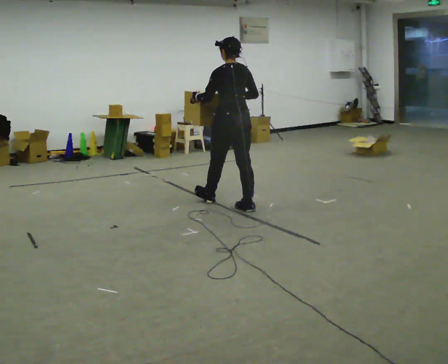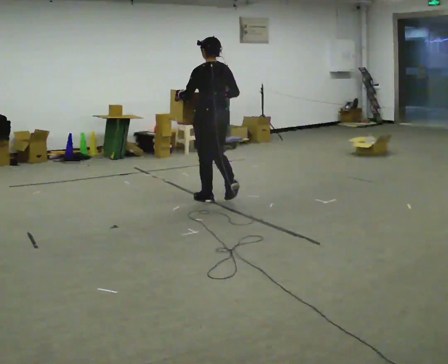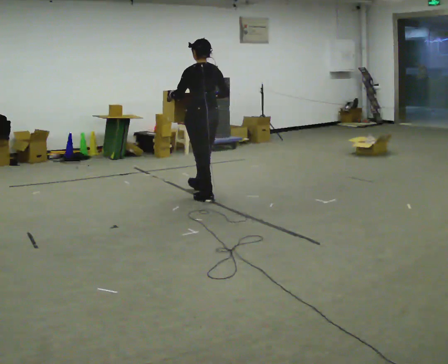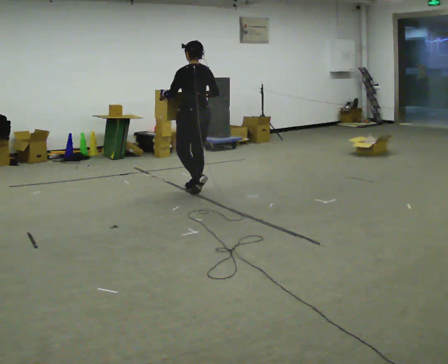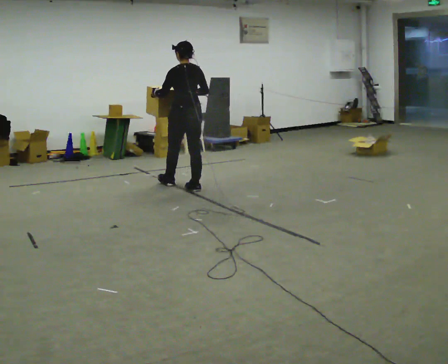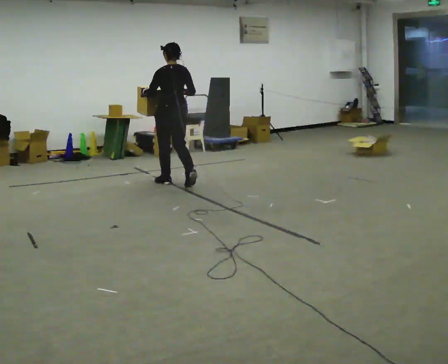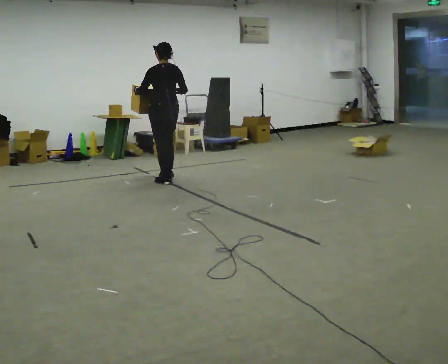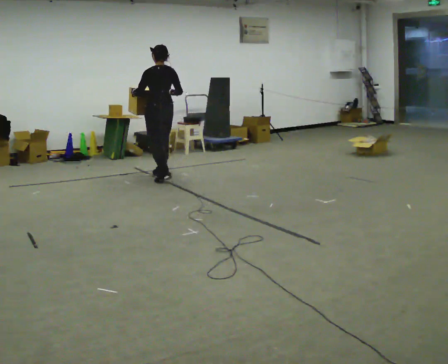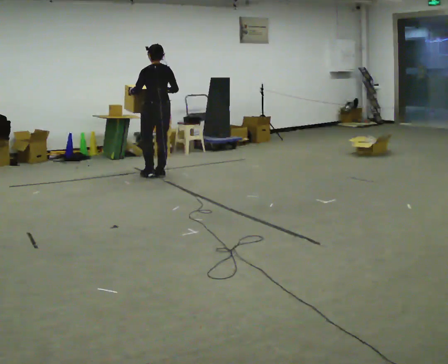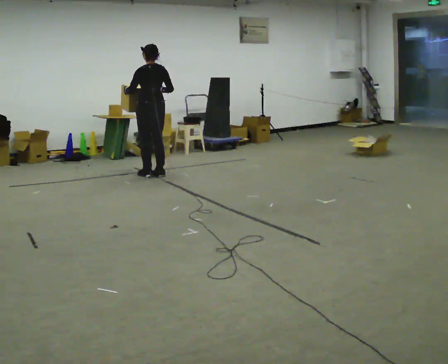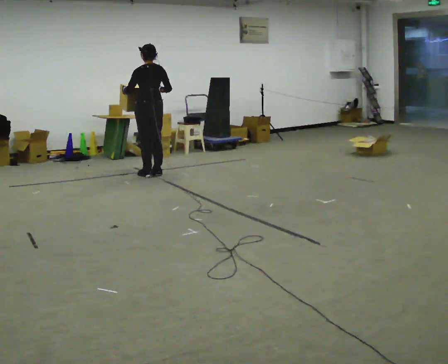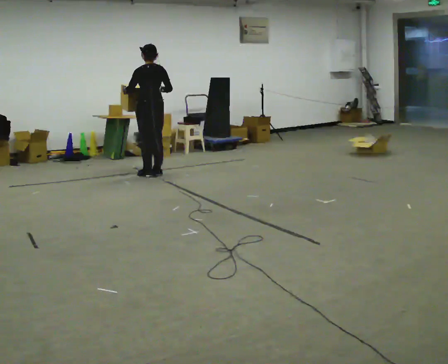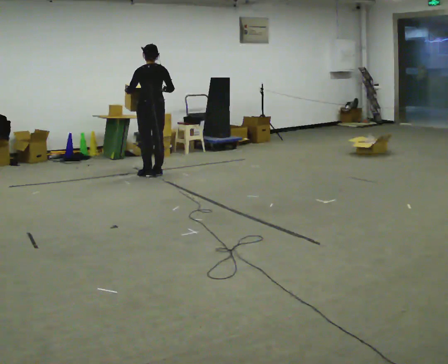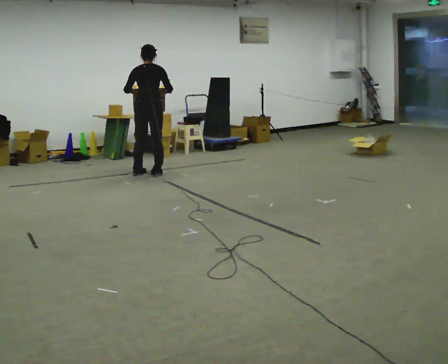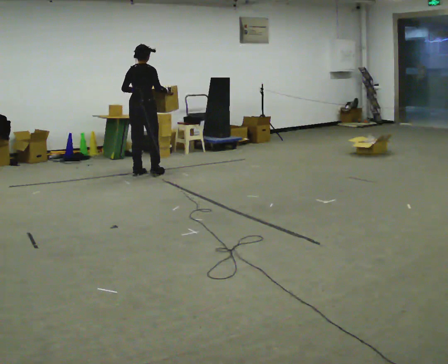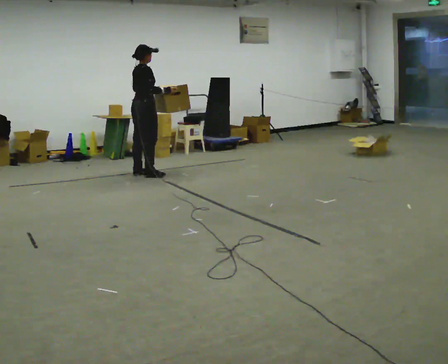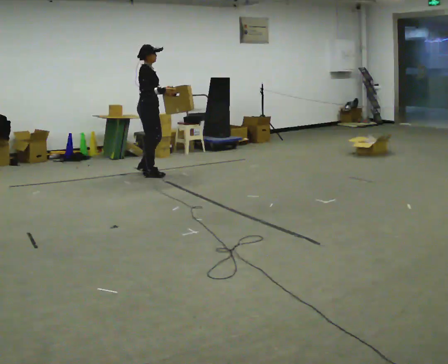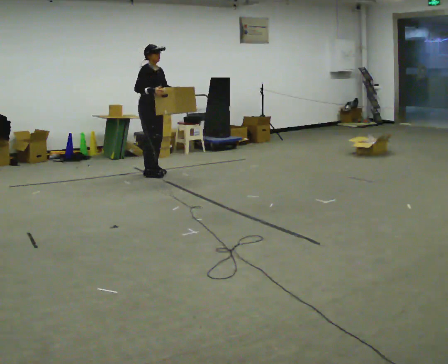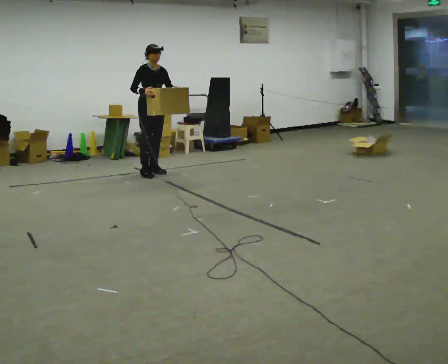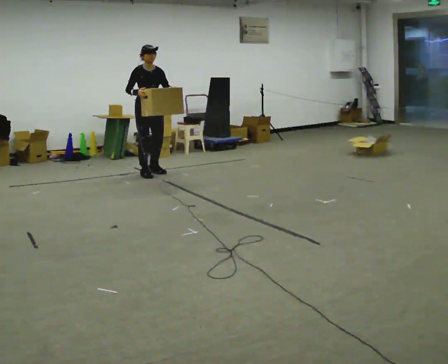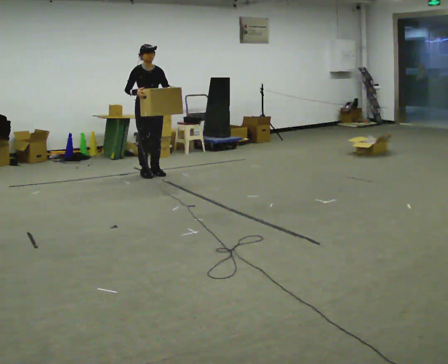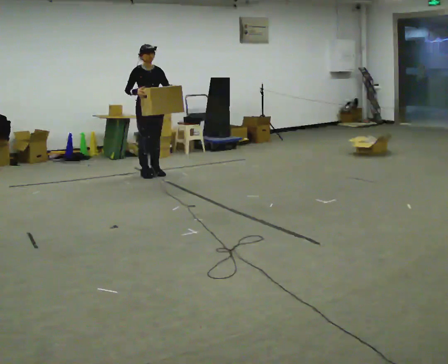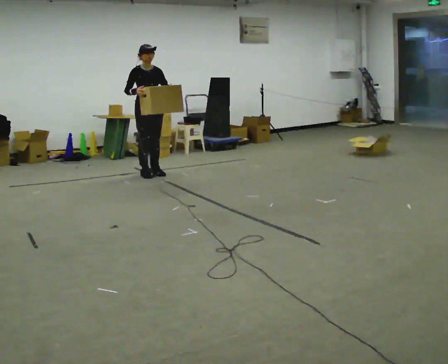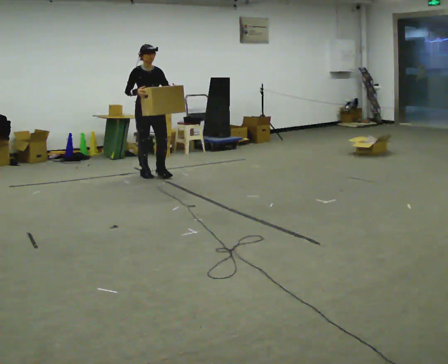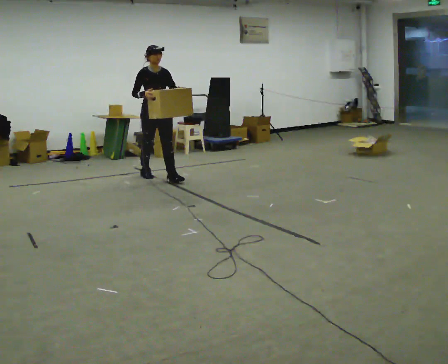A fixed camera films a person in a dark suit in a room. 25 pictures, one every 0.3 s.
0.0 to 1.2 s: In the picture they go away from the camera and to the left, about 1 m in 2 steps, which for them is forward.
1.2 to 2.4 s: In the picture they go away from the camera and to the left, about 0.5 m in 2 steps, which for them is forward.
2.4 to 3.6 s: The person moves a little, or ends about where they began.
3.6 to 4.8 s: Seen from above the body turns clockwise, about 120 degrees: to their right, with its near side sliding to the left.
4.8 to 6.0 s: The person turns about 60 degrees to their right, clockwise seen from above, so the part of the body nearest the lens slides to the left.
6.0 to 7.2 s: In the picture they go toward the camera, about 0.25 m in 1 step, which for them is forward.
The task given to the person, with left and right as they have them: Carry the heavy box in both hands in front of you, walking back and forth across the room. Keep walking until the operator says stop. Set it down if you need a rest.
The film runs forward here.
